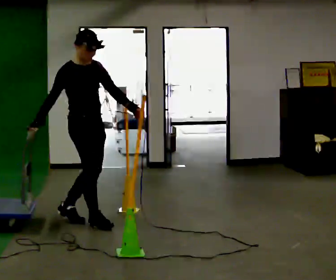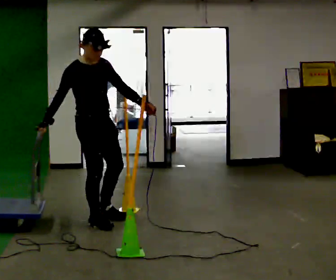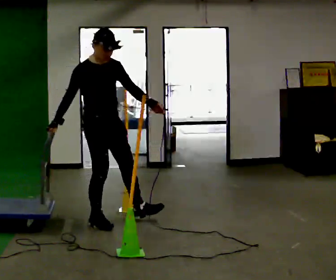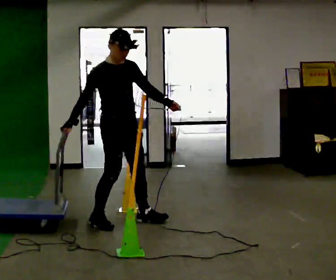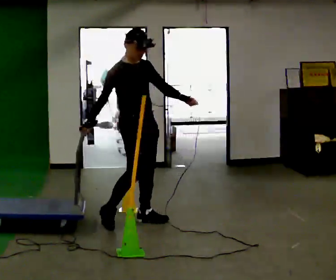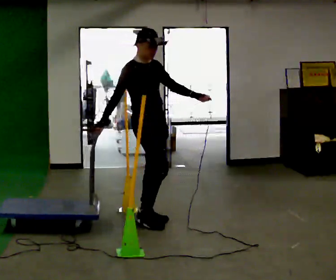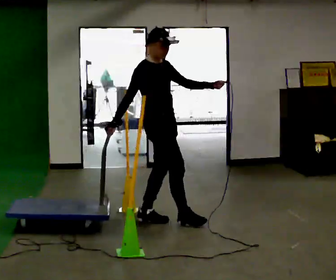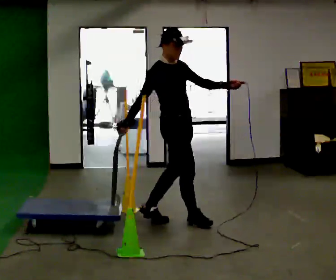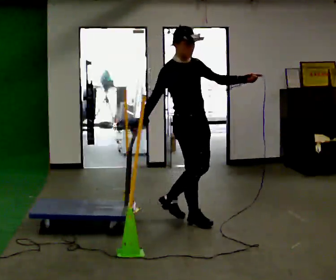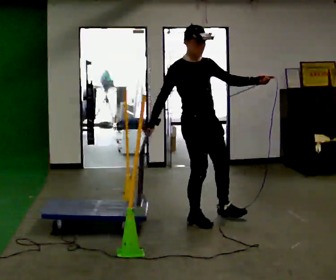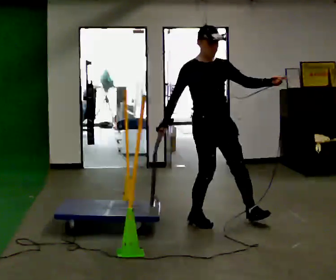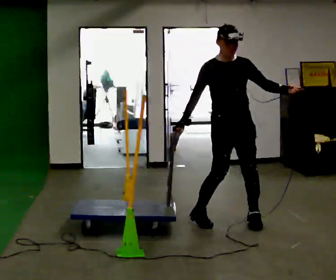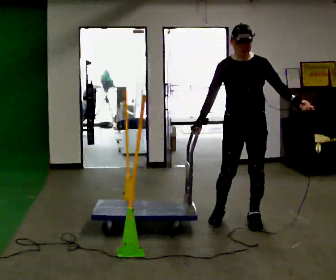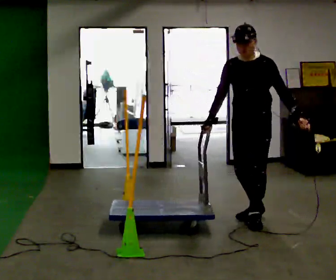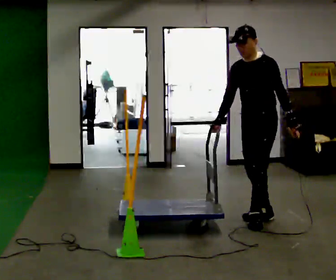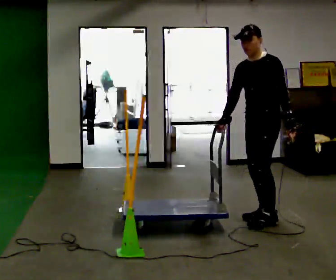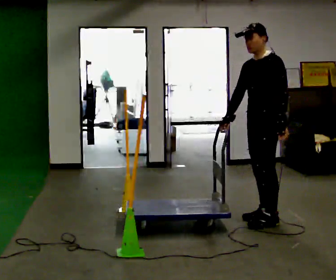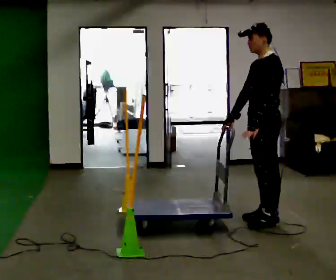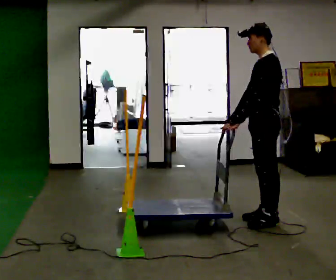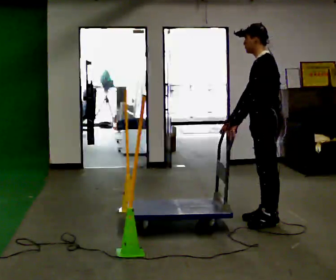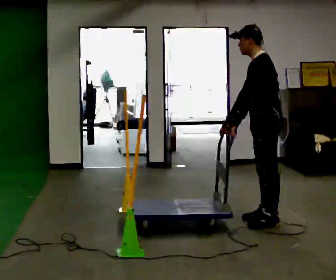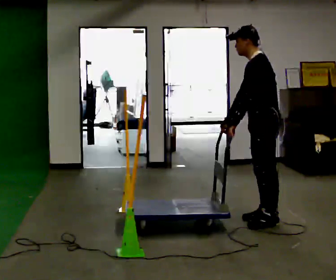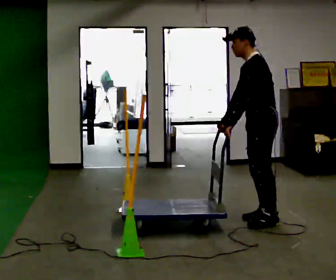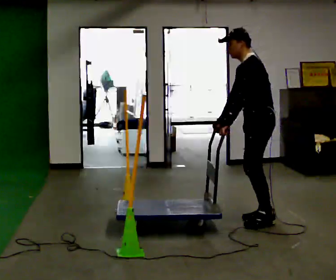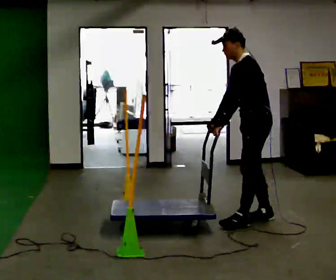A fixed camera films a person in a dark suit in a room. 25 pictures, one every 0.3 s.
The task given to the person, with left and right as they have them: Push the cart in and out of the line of poles without touching any of them. Keep going until the operator says stop.
0.0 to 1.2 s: In the picture they go to the right, about 0.5 m in 1 step, which for them is to their left and forward.
1.2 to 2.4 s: In the picture they go to the right, about 0.5 m in 1 step, which for them is forward.
2.4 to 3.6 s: Seen from above the body turns clockwise, about 60 degrees: to their right, with its near side sliding to the left. In the picture they go to the right, about 0.5 m in 1 step.
3.6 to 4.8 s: Seen from above the body turns clockwise, about 60 degrees: to their right, with its near side sliding to the left. In the picture they go to the right, about 0.25 m in 2 steps.
4.8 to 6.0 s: In the picture their left hand goes to the left.
6.0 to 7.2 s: The person moves a little, or ends about where they began.
The film runs forward here.
